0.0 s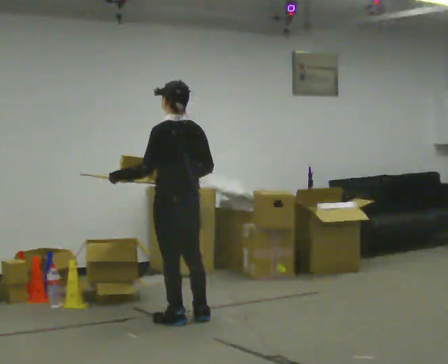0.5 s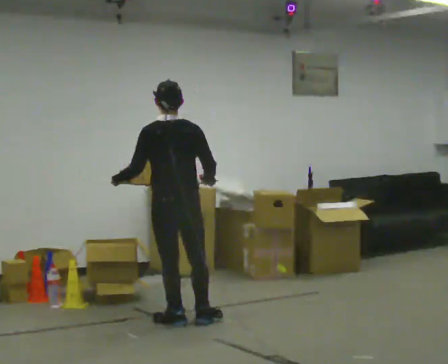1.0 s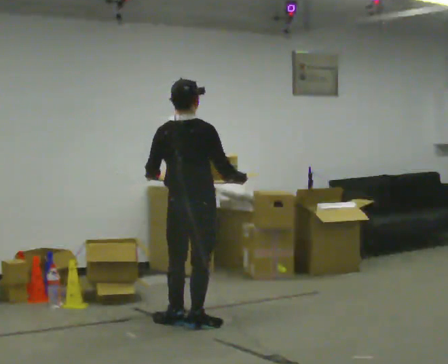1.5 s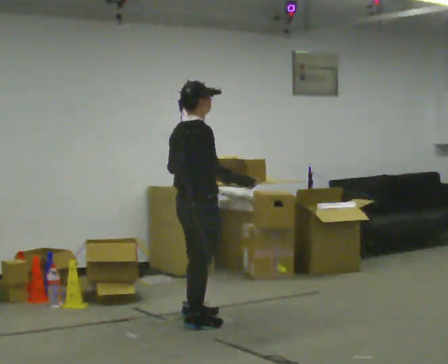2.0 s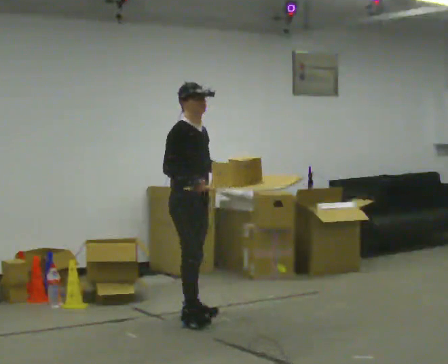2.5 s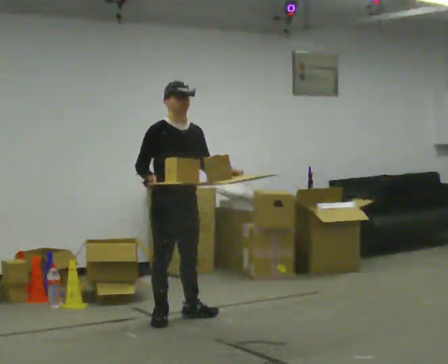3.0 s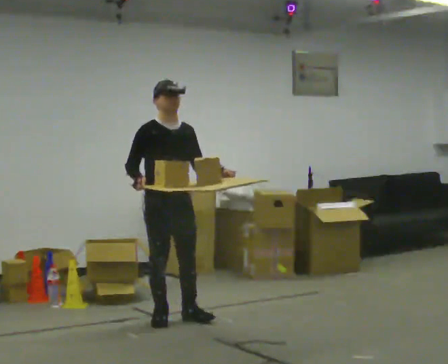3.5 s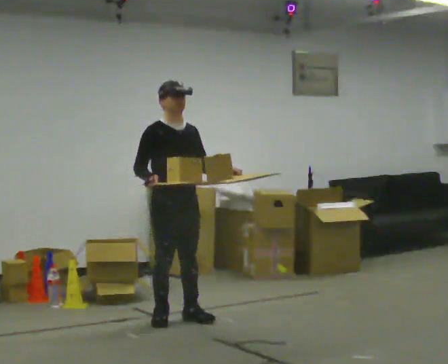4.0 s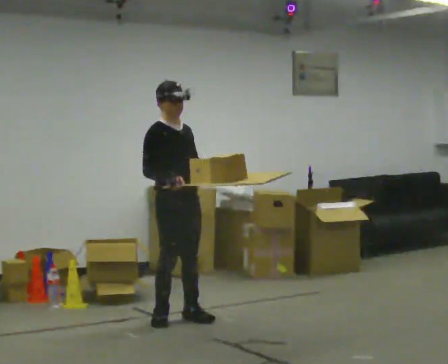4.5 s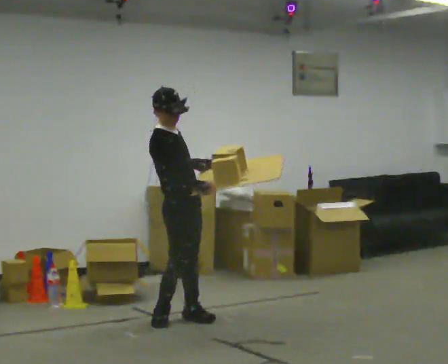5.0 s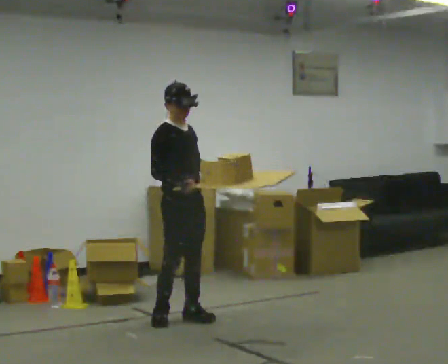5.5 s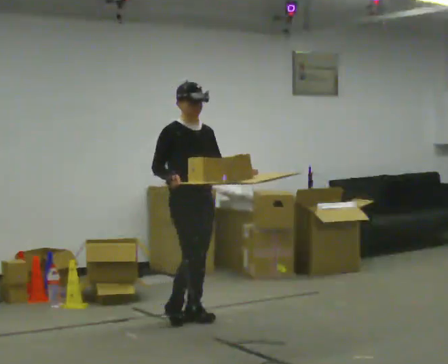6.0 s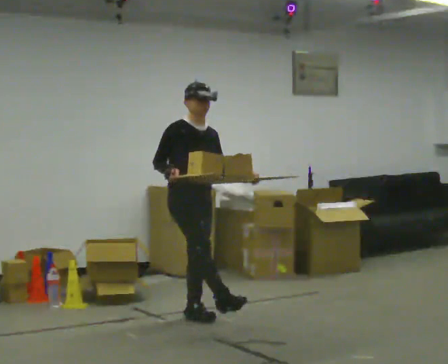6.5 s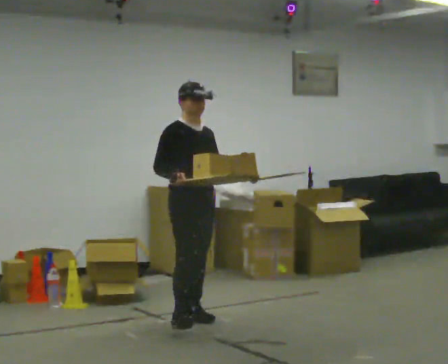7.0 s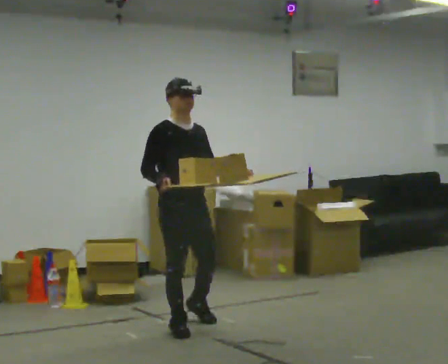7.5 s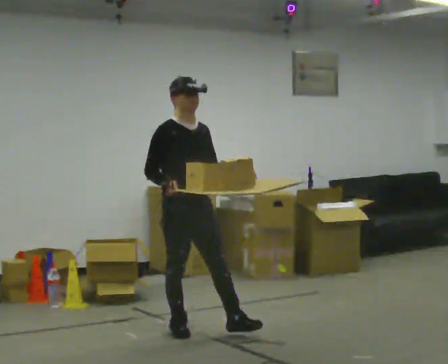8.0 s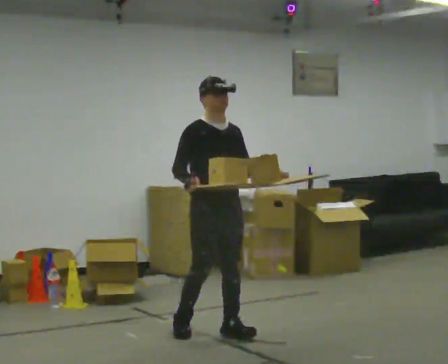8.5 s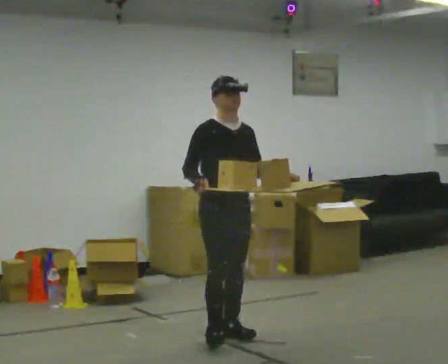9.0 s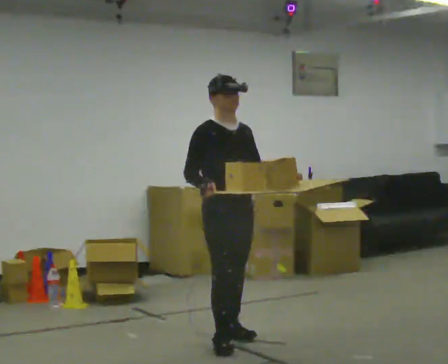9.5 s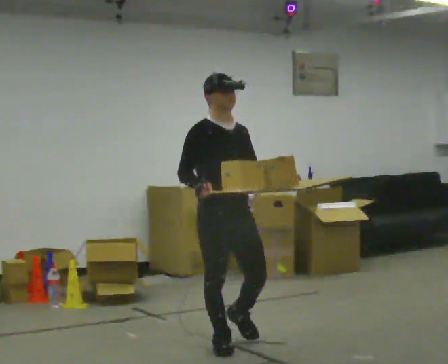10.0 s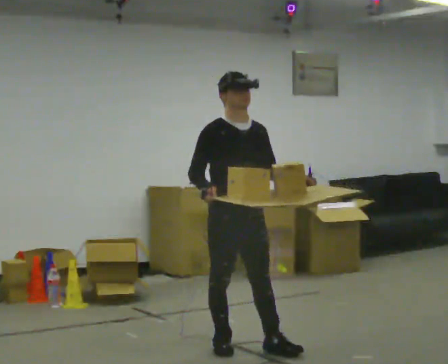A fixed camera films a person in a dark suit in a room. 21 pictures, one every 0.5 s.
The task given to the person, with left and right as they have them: Carry the loaded tray flat and level in both hands, walking back and forth across the room. Try not to let anything slide off.
0.0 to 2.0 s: The person turns about 150 degrees to their right, clockwise seen from above, so the part of the body nearest the lens slides to the left. In the picture their left hand goes to the right.
2.0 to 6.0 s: The person moves a little, or ends about where they began.
6.0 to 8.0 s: In the picture they go toward the camera, about 0.5 m in 2 steps, which for them is forward.
8.0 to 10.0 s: In the picture they go toward the camera, about 0.5 m in 2 steps, which for them is forward.
The film runs forward here.
